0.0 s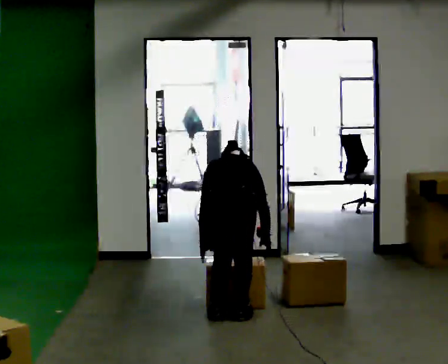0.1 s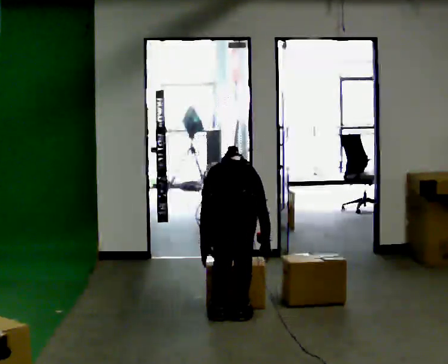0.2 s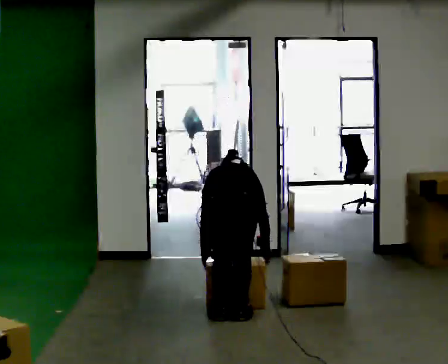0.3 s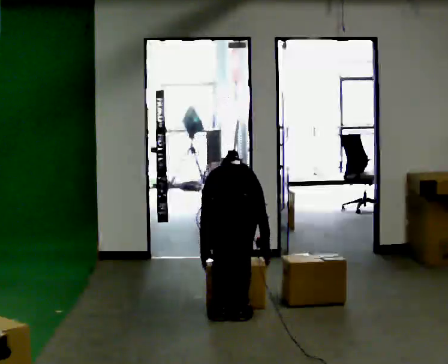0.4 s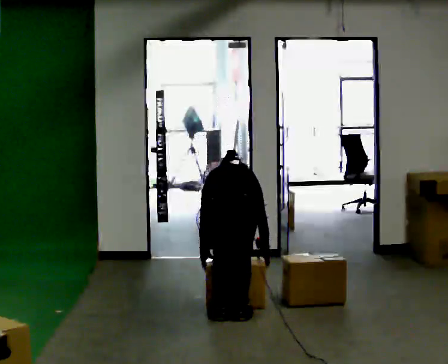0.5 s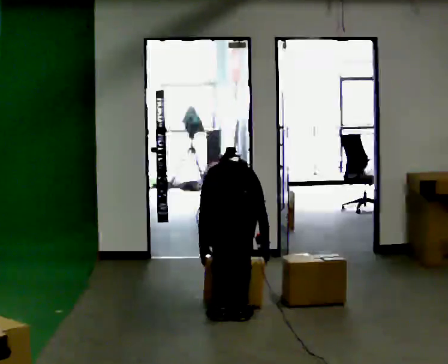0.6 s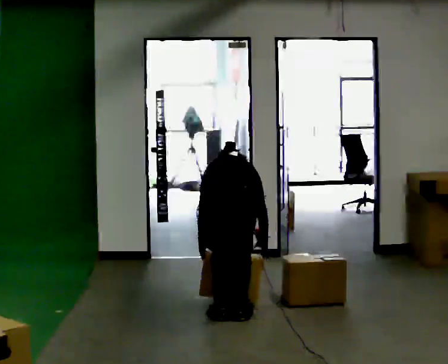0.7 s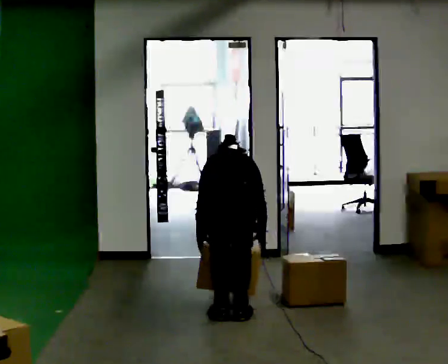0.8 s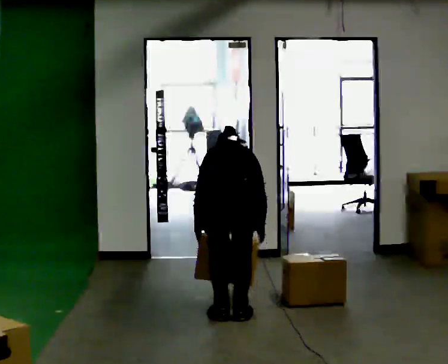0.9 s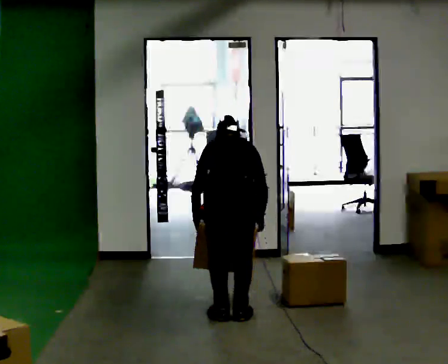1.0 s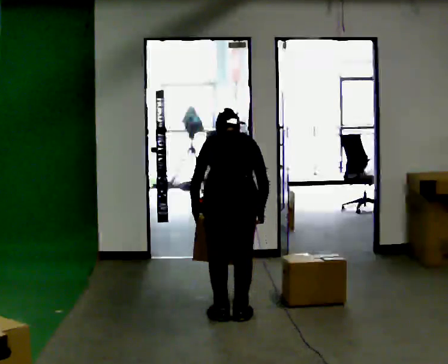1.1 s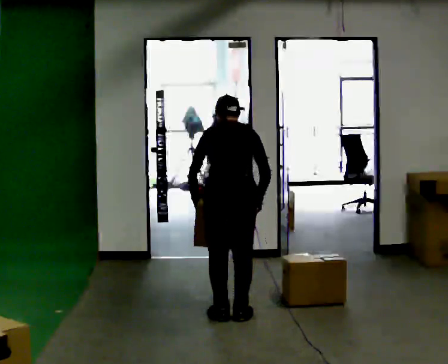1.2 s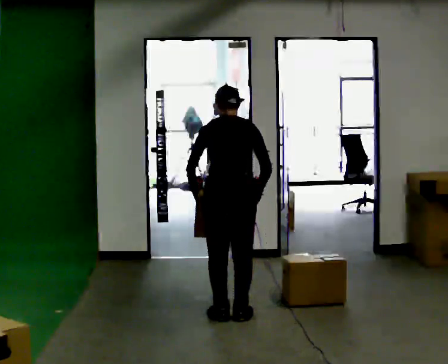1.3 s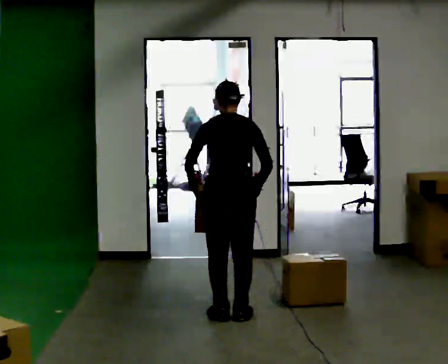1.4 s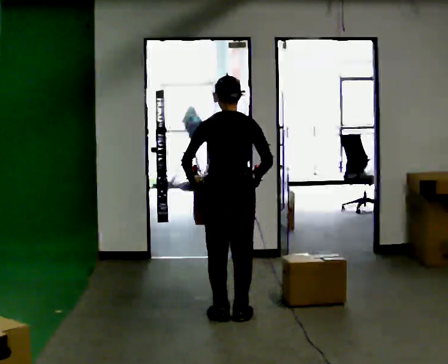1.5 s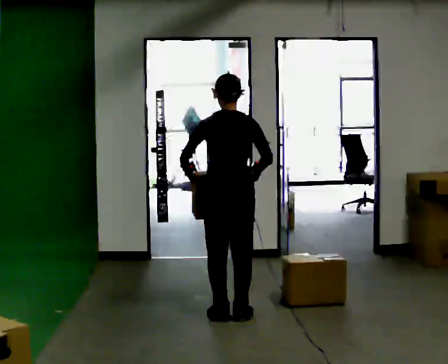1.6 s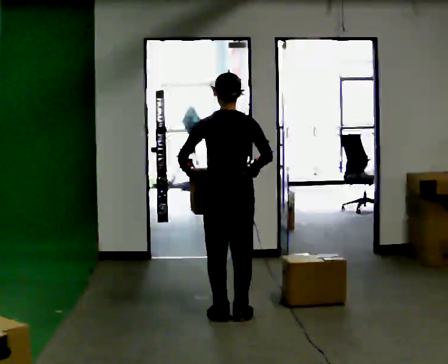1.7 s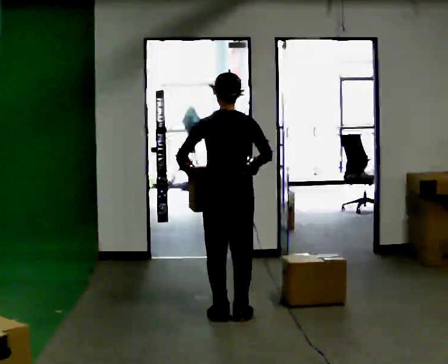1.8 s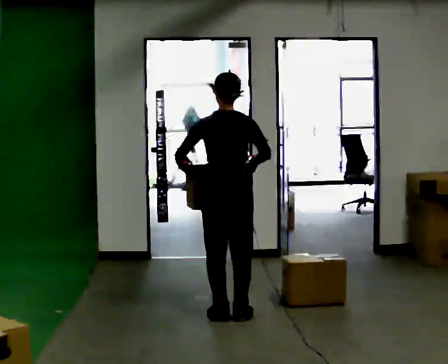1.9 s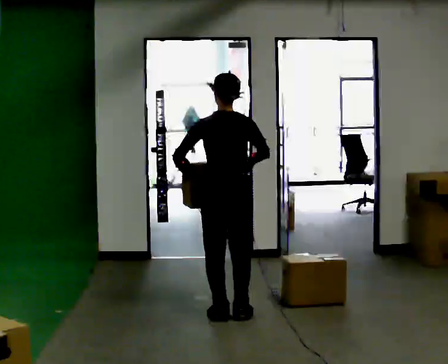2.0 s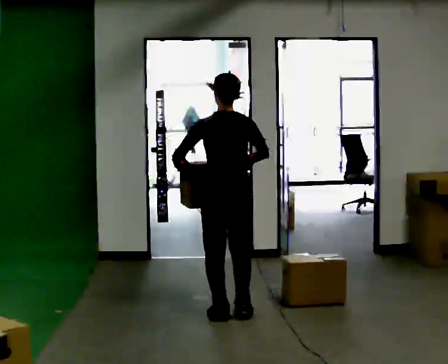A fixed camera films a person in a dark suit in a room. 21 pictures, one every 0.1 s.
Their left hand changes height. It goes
upward.
Their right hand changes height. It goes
upward.
0.0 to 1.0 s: The upper body tips toward the camera, its near side rolling downward, as they lean back or straighten.
1.0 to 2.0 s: The upper body tips toward the camera, its near side rolling downward, as they lean back or straighten.
The film runs forward here.
